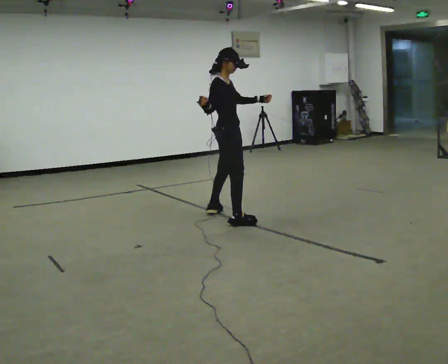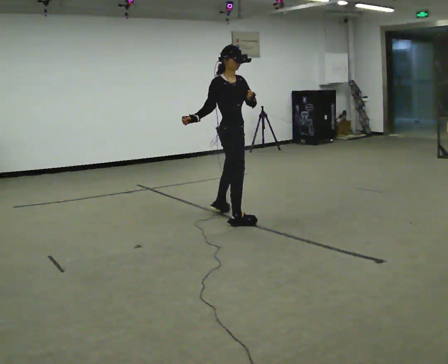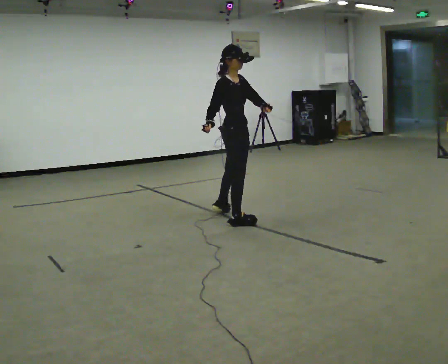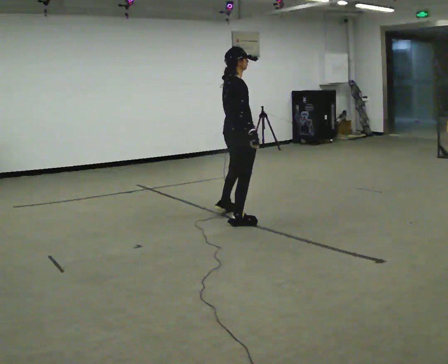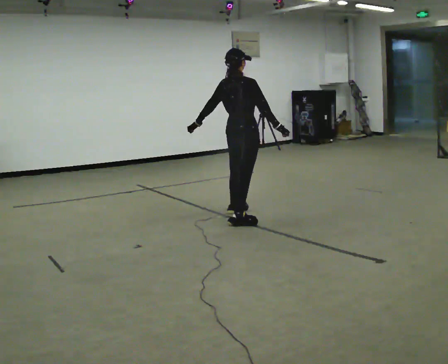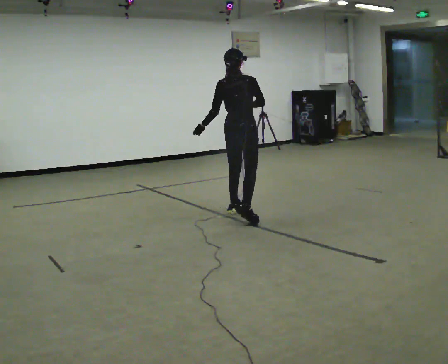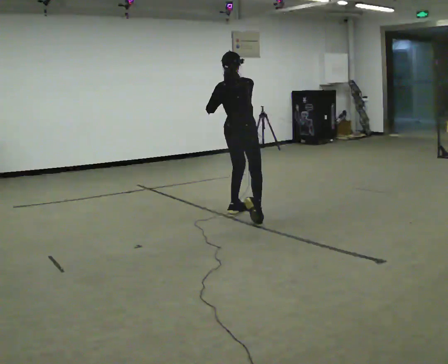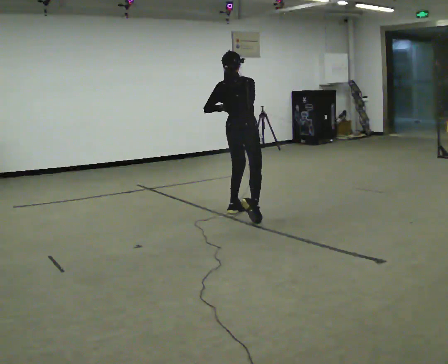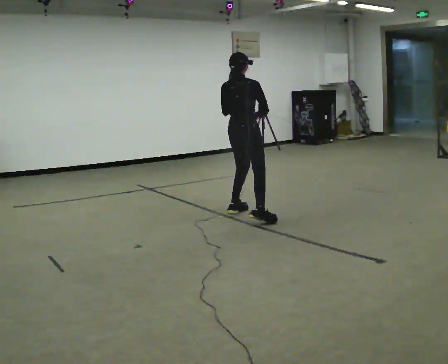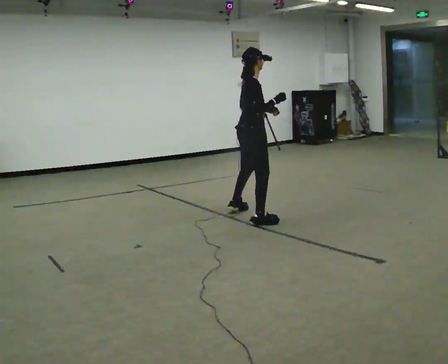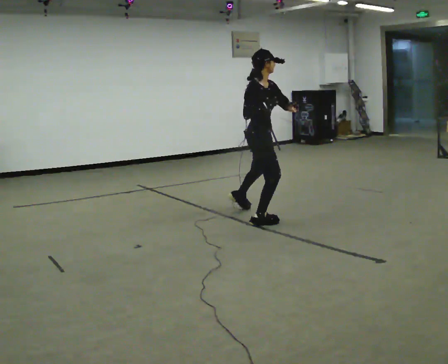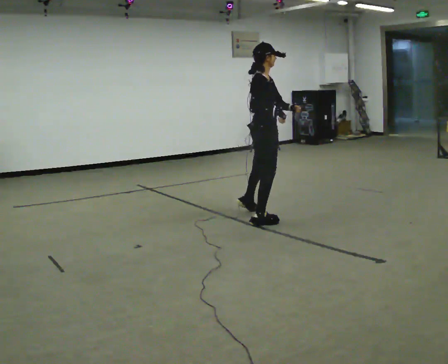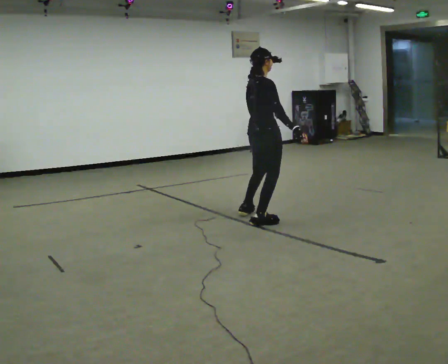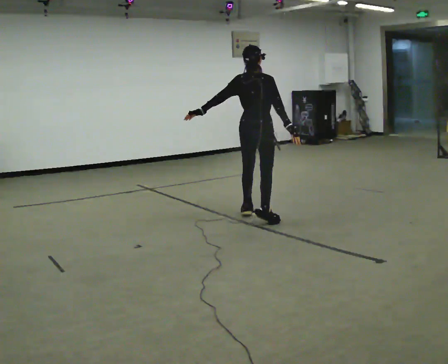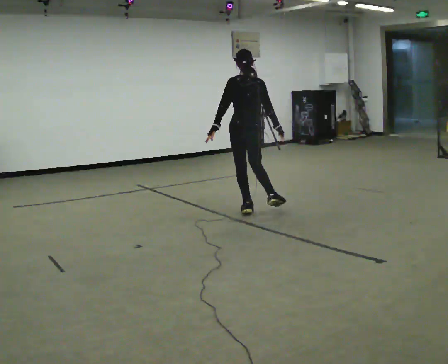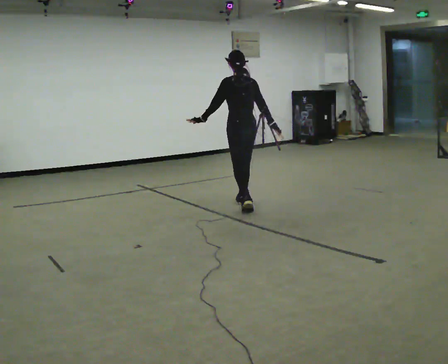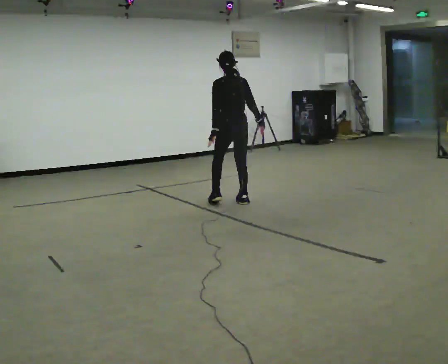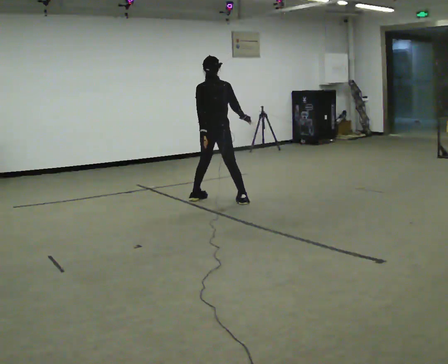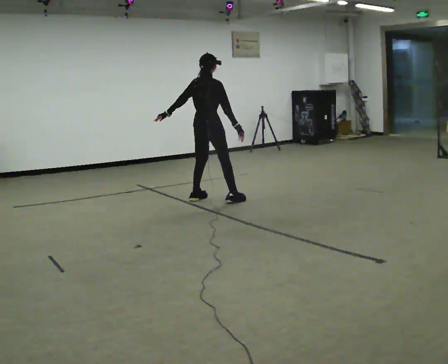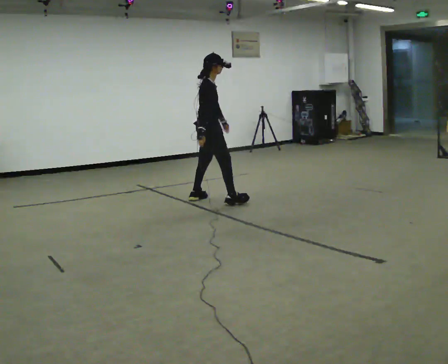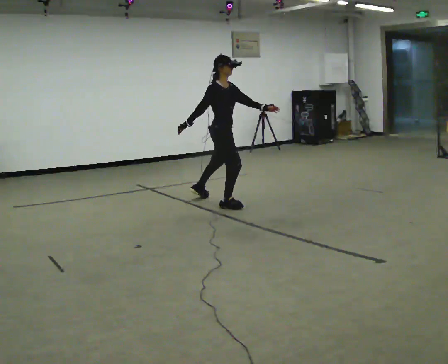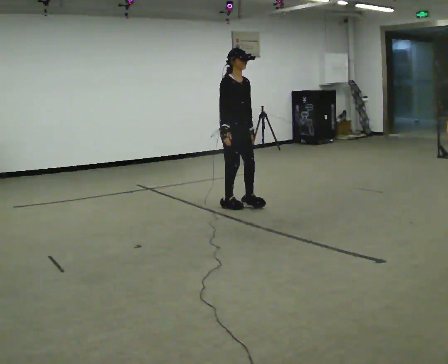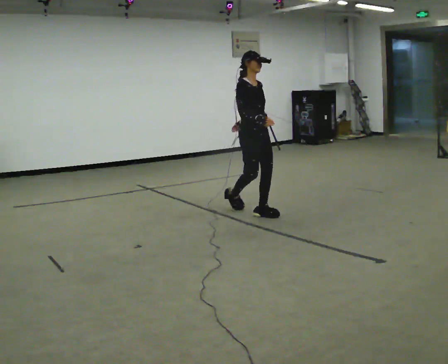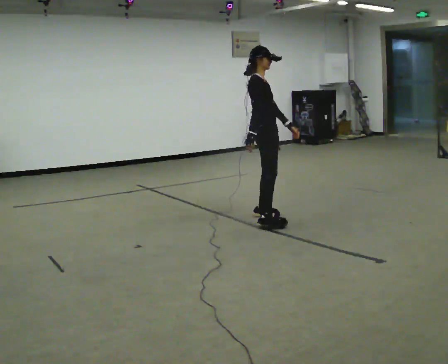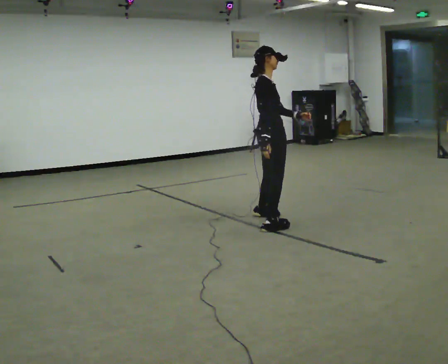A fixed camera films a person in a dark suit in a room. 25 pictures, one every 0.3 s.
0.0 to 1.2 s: The part of the body nearest the lens slides to the right as the person turns to their left by about 60 degrees. In the picture their left hand goes to the left.
1.2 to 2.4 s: In the picture their left hand goes to the right.
2.4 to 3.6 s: In the picture they go toward the camera and to the right, about 0.25 m in 1 step.
3.6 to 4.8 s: Seen from above the body turns counterclockwise, about 75 degrees: to their left, with its near side sliding to the right. In the picture they go away from the camera, about 1 m in 1 step.
4.8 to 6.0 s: Seen from above the body turns clockwise, about 120 degrees: to their right, with its near side sliding to the left. In the picture they go toward the camera, about 0.25 m in 2 steps. In the picture their right hand goes to the left, the arm swinging clockwise.
6.0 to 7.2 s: In the picture they go toward the camera and to the right, about 1 m in 2 steps, which for them is forward.
The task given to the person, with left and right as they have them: Move however you like, changing style and tempo as you go; keep moving continuously.
The film runs forward here.
